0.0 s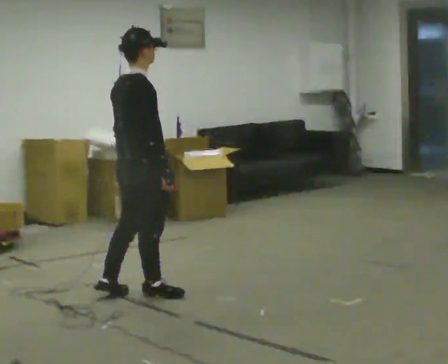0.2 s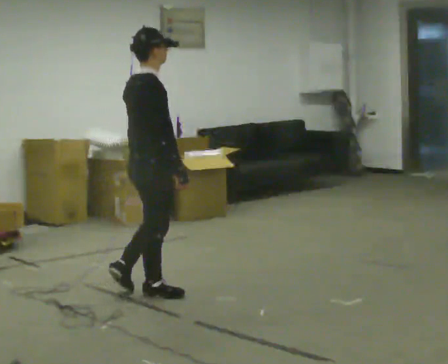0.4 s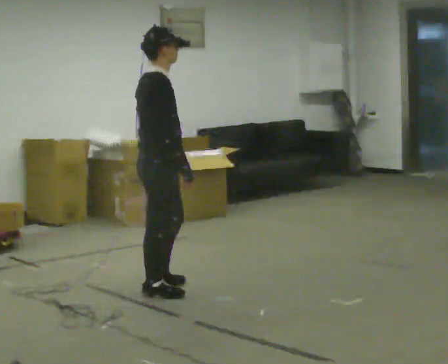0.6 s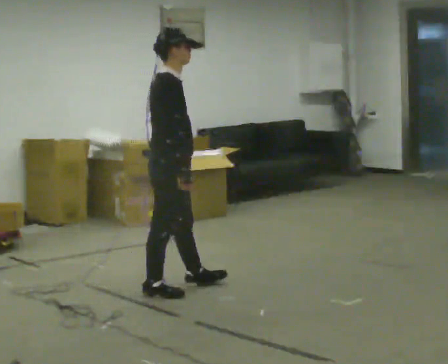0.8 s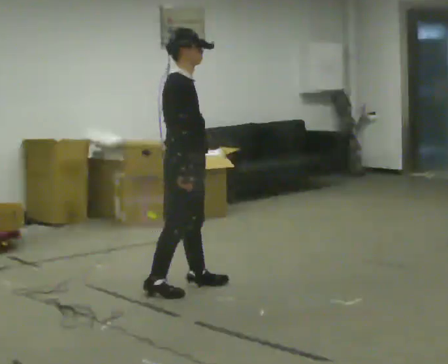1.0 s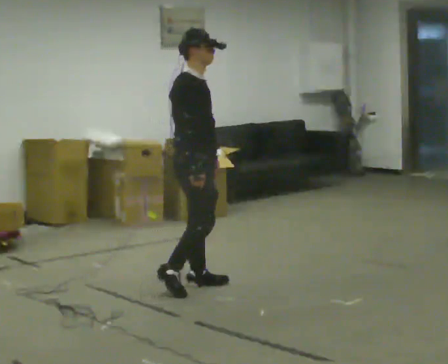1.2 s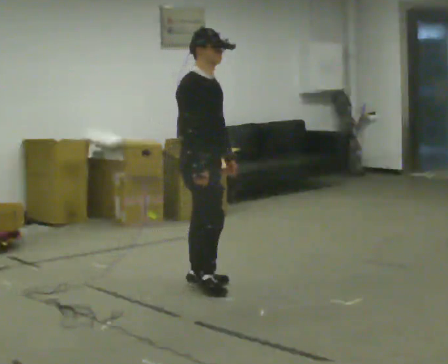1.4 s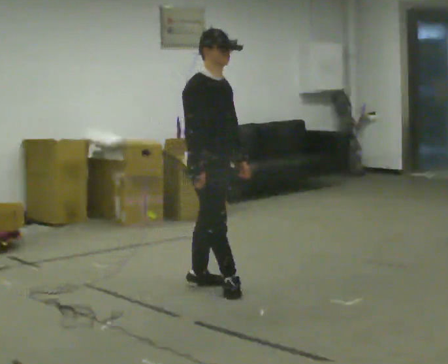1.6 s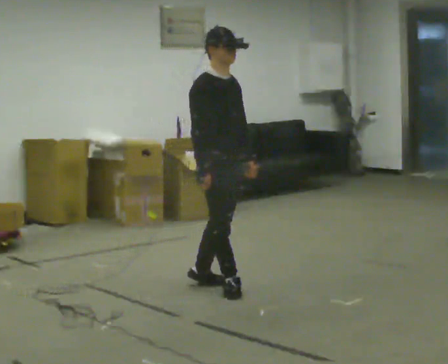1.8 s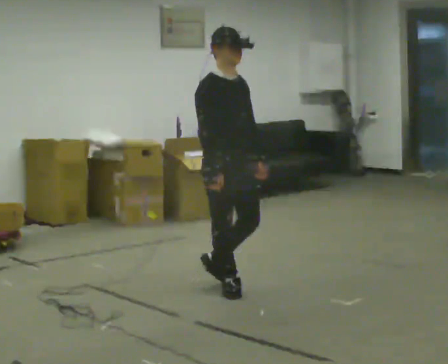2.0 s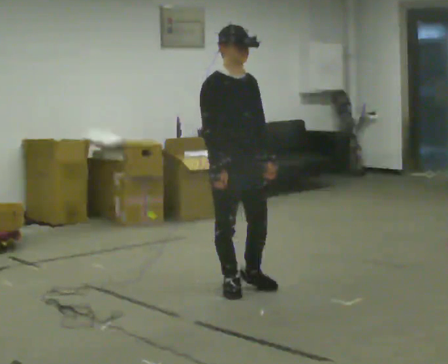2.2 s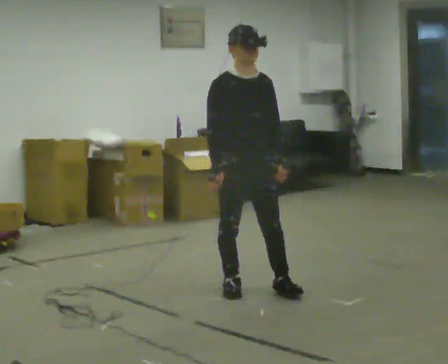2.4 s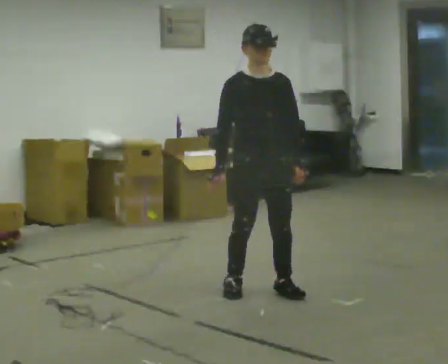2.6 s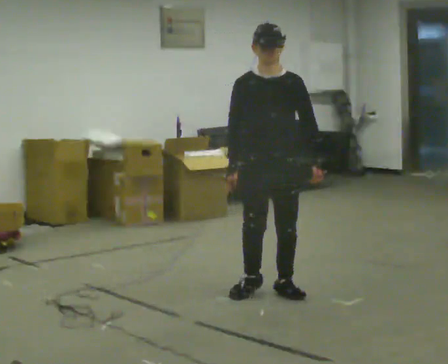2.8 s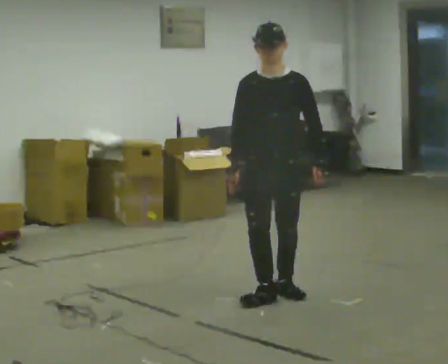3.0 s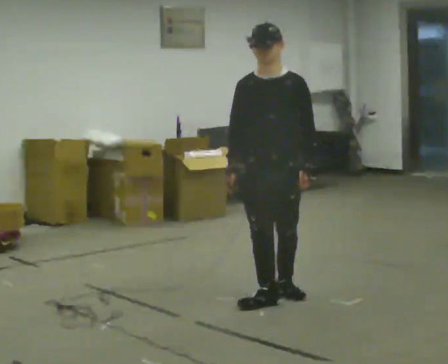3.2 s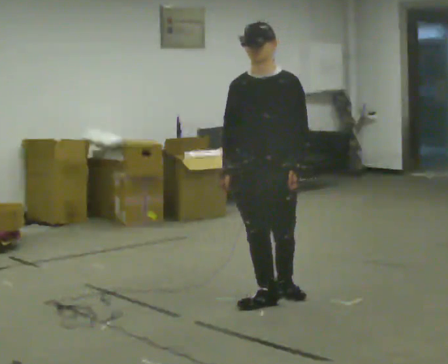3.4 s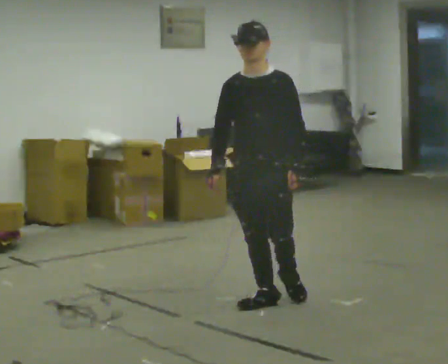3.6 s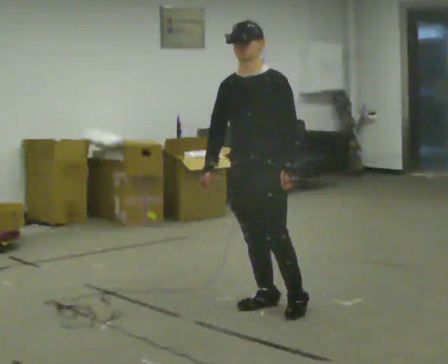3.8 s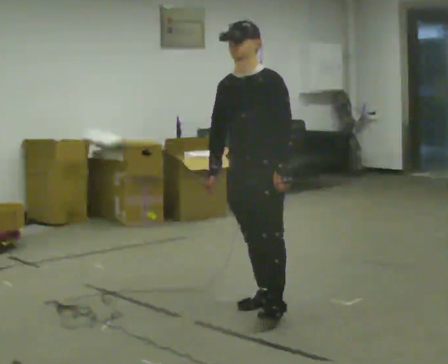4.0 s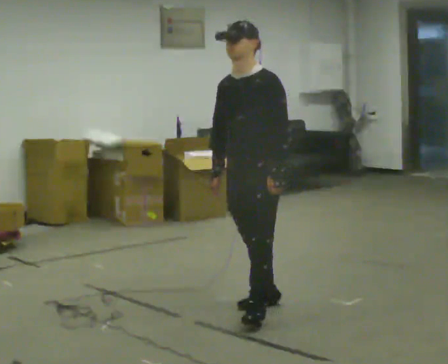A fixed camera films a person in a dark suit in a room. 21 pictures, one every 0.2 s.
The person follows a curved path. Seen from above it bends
clockwise.
The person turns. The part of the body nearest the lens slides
to the left.
0.0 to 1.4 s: Seen from above the body turns clockwise, about 60 degrees: to their right, with its near side sliding to the left. In the picture they go to the right and away from the camera, about 0.5 m in 2 steps, which for them is forward and to their left.
1.4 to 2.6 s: The person turns about 60 degrees to their right, clockwise seen from above, so the part of the body nearest the lens slides to the left. In the picture they go to the right and toward the camera, about 0.5 m in 1 step.
2.6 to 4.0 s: Seen from above the body turns clockwise, about 45 degrees: to their right, with its near side sliding to the left. In the picture they go toward the camera, about 0.25 m in 1 step, which for them is forward.
The film runs forward here.
